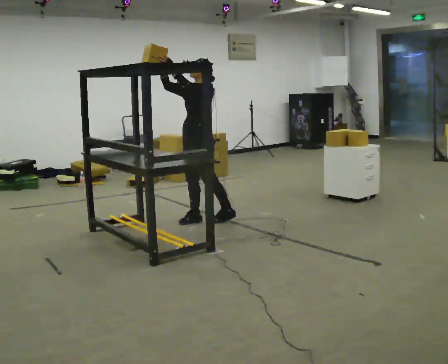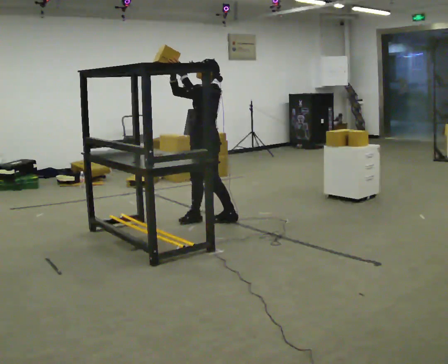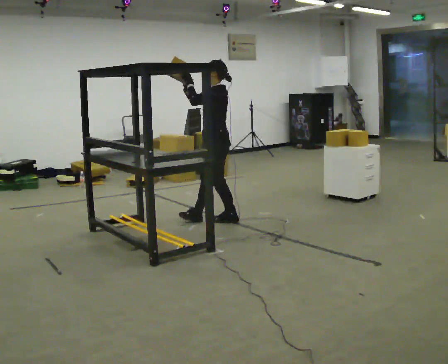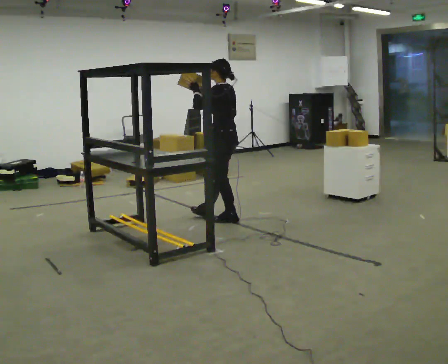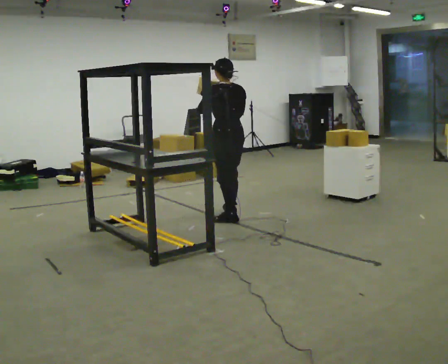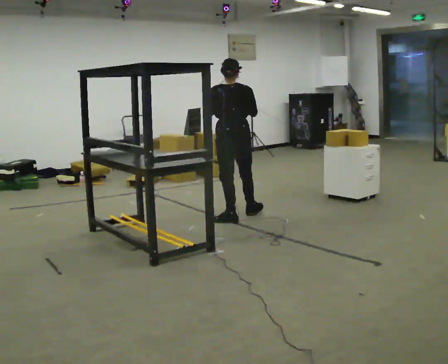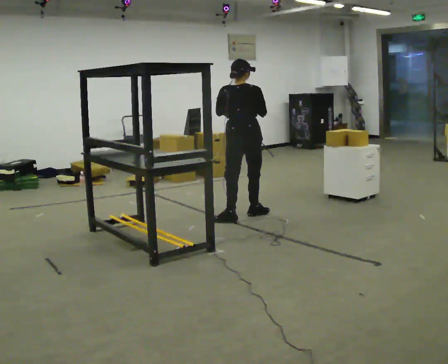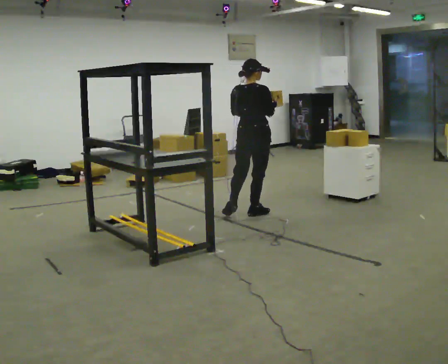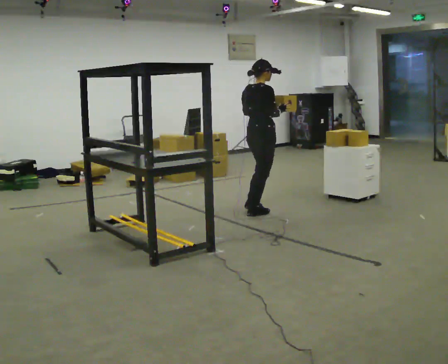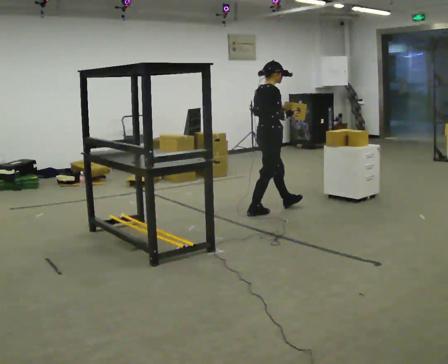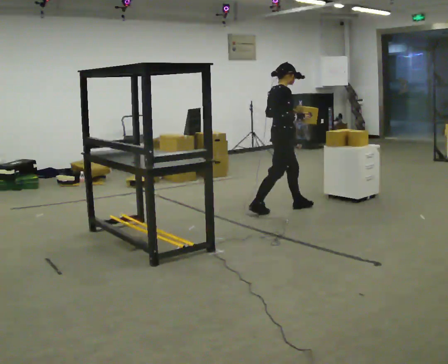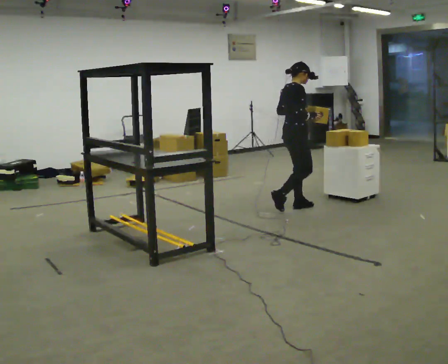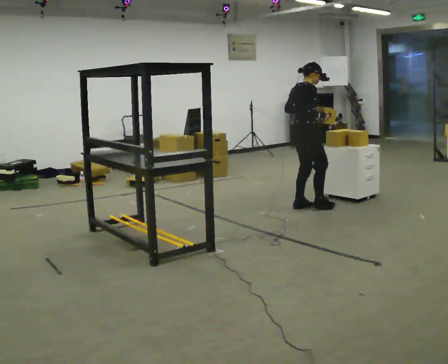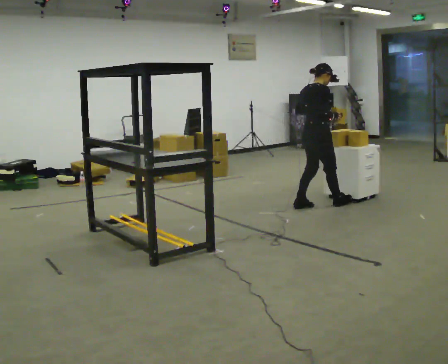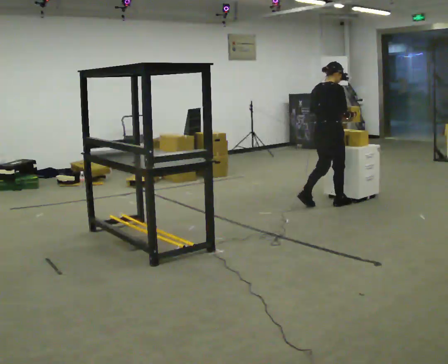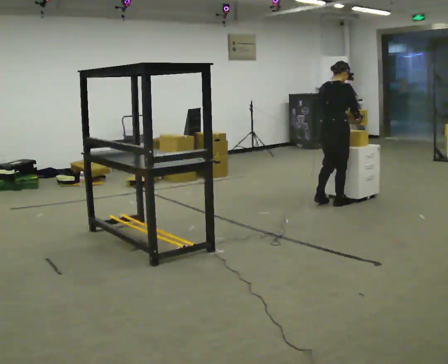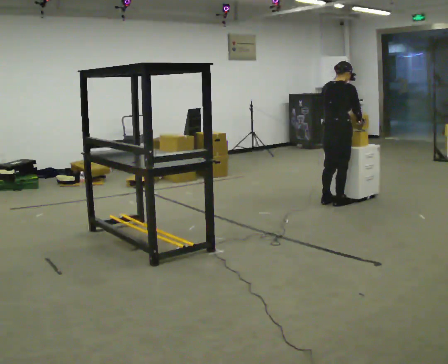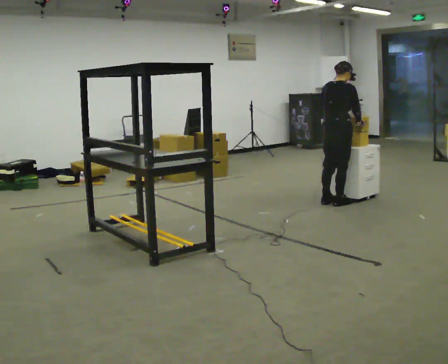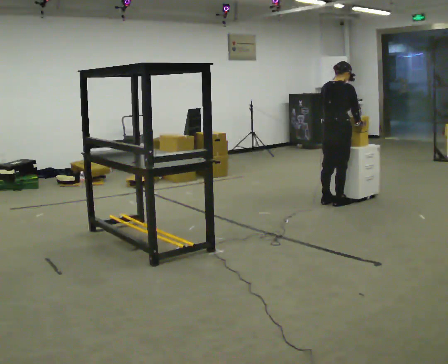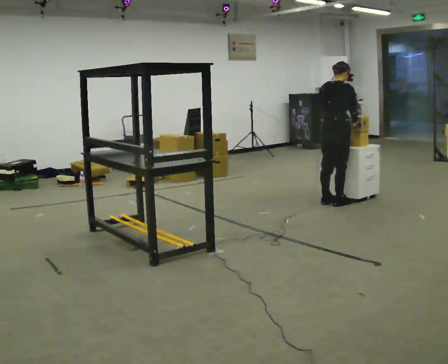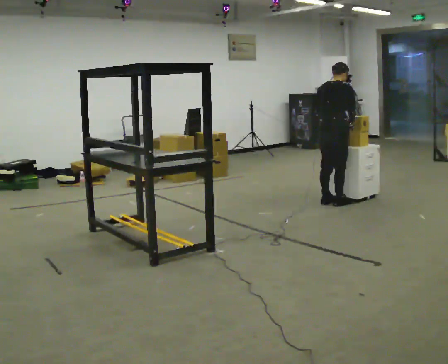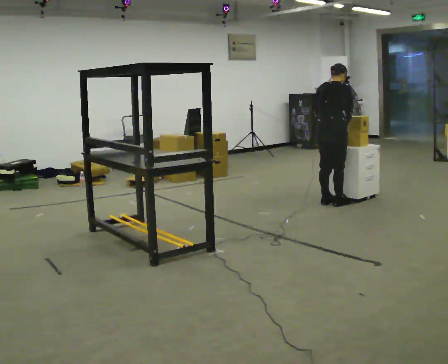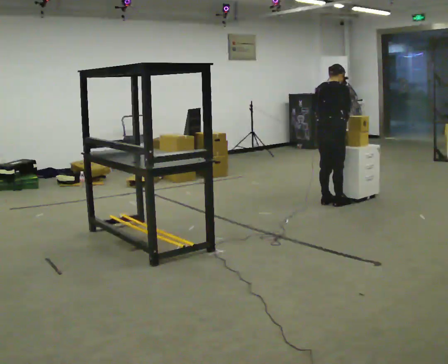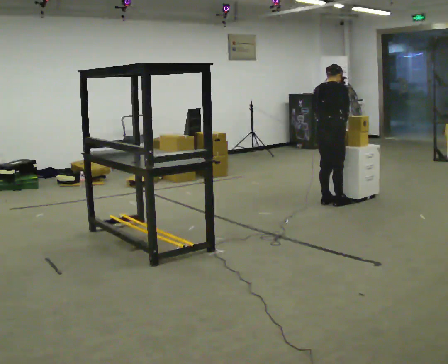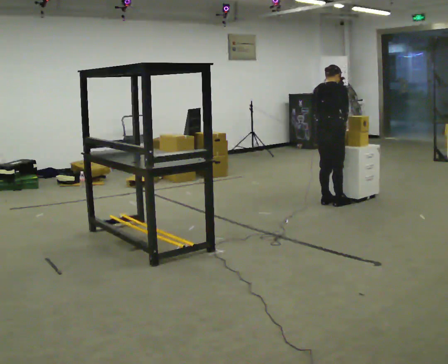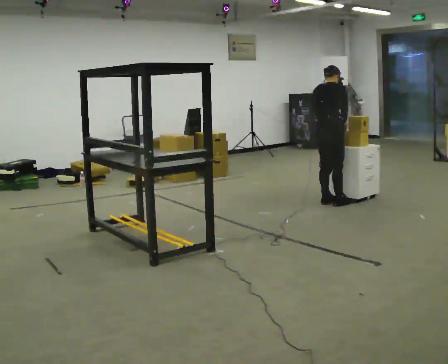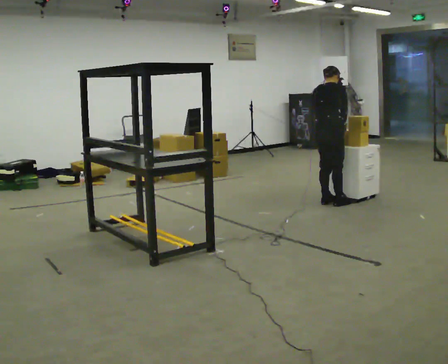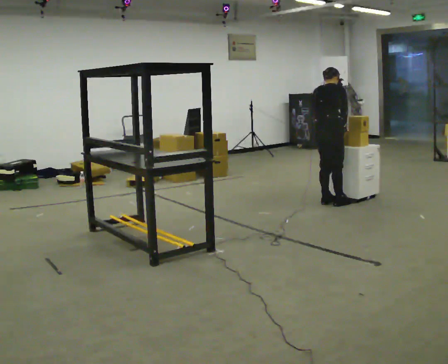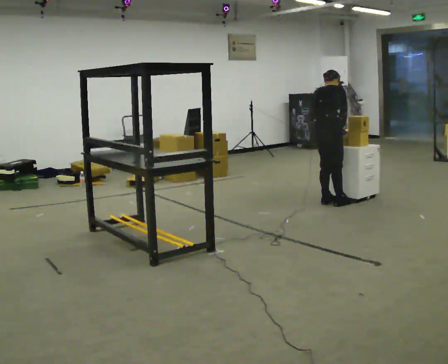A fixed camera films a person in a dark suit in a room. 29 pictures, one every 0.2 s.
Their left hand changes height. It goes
downward.
The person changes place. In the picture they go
to the right.
0.0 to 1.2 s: Seen from above the body turns clockwise, about 135 degrees: to their right, with its near side sliding to the left. In the picture they go to the right, about 0.5 m in 1 step. In the picture their right hand goes downward.
1.2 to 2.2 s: The person turns about 75 degrees to their right, clockwise seen from above, so the part of the body nearest the lens slides to the left. In the picture they go to the right and away from the camera, about 0.5 m in 1 step.
2.2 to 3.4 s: The part of the body nearest the lens slides to the right as the person turns to their left by about 30 degrees. In the picture they go to the right, about 0.5 m in 2 steps, which for them is forward and to their right.
3.4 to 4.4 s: The person moves a little, or ends about where they began.
4.4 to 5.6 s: The upper body tips away from the camera, its near side rolling upward, as they bend forward.
The film runs forward here.
